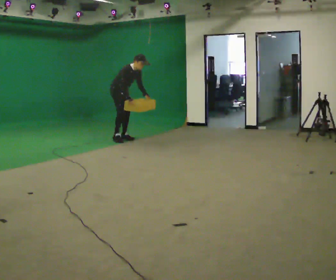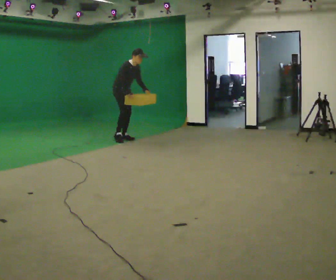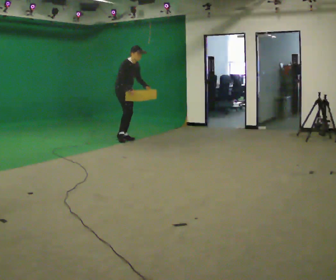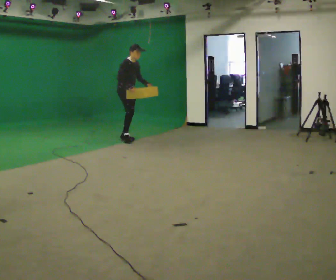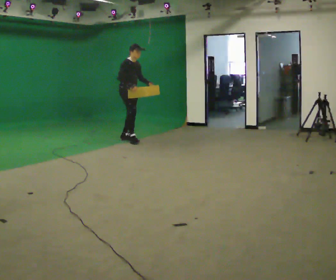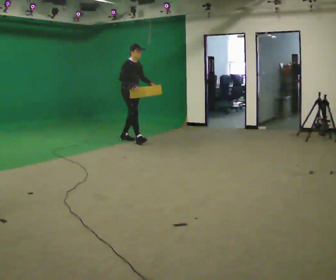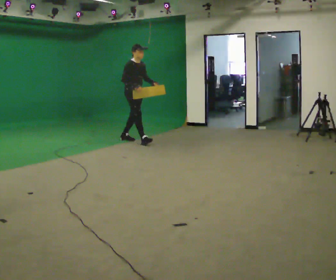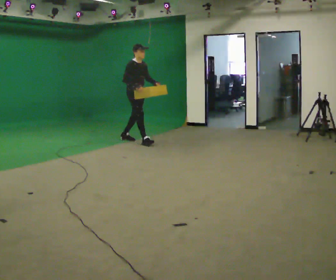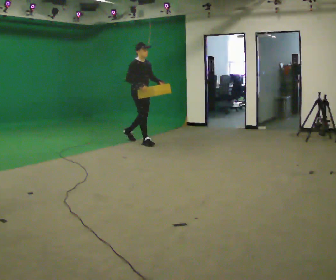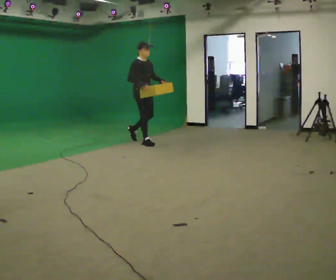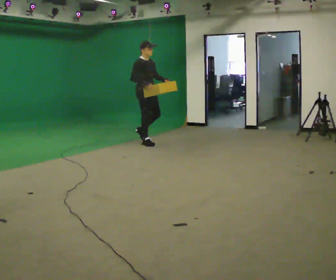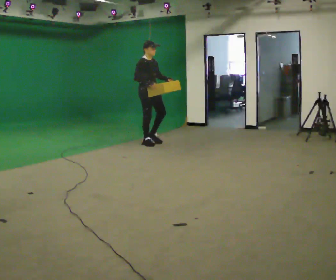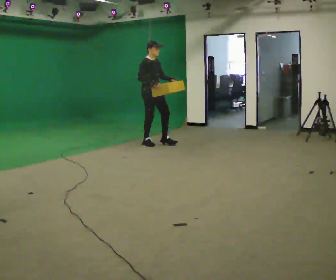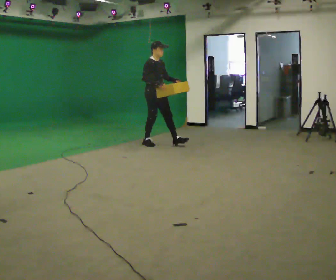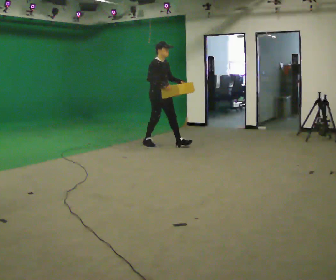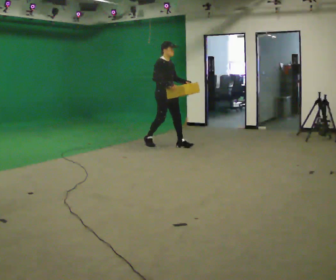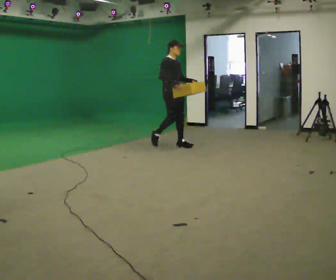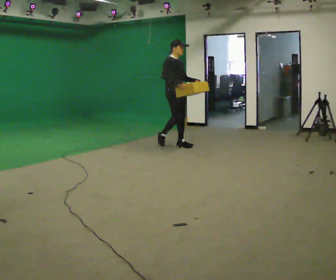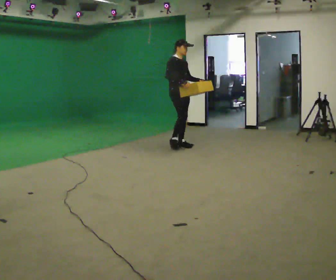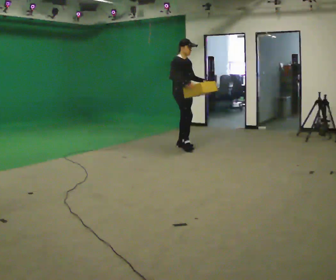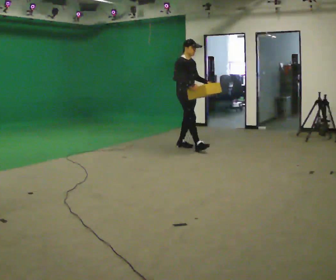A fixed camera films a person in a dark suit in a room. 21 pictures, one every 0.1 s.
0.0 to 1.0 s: In the picture they go to the right and toward the camera, about 0.5 m in 1 step, which for them is forward. In the picture the upper body tilts counterclockwise, shoulders to the left, as they lean back or straighten.
1.0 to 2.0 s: In the picture they go to the right and toward the camera, about 1 m in 1 step, which for them is forward.
The film runs forward here.
